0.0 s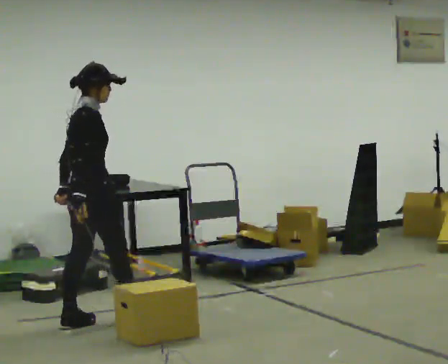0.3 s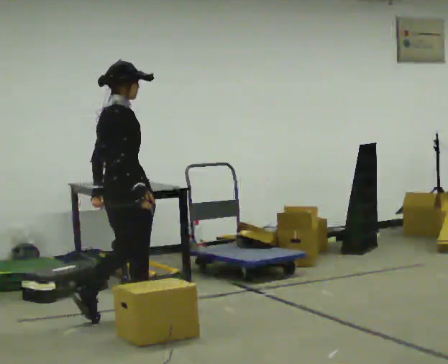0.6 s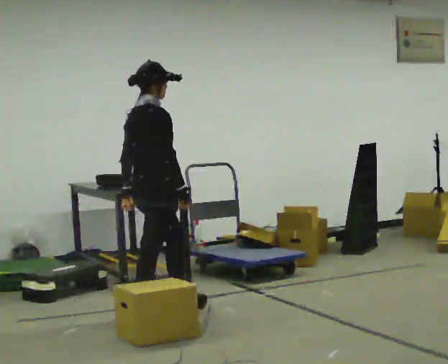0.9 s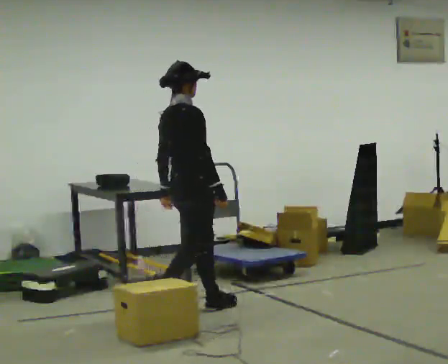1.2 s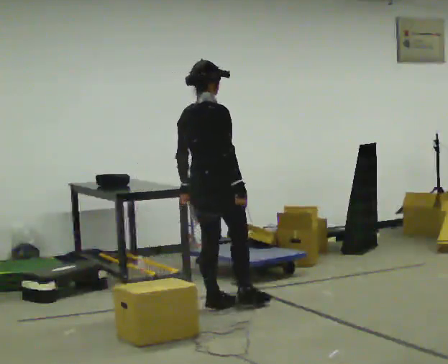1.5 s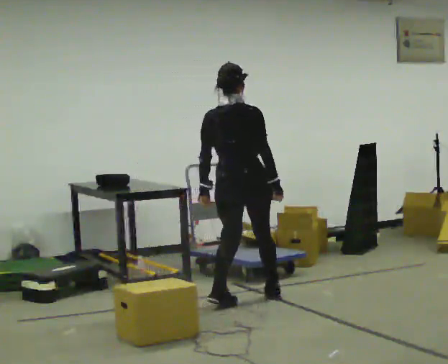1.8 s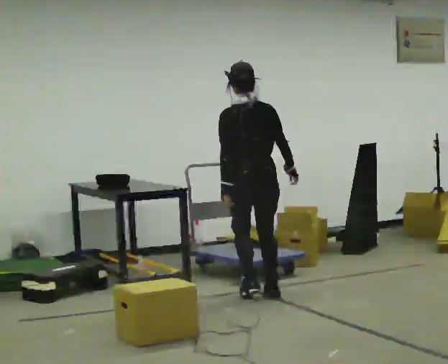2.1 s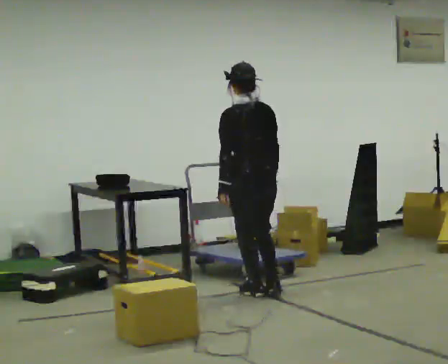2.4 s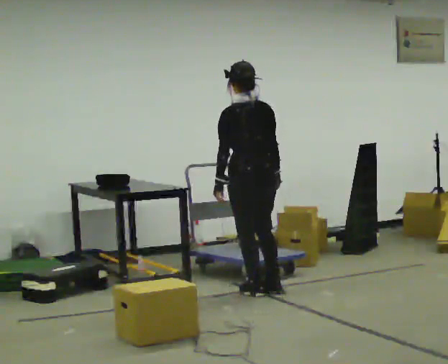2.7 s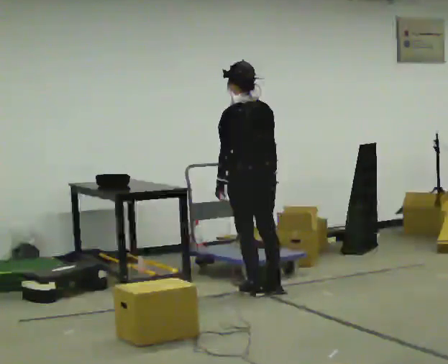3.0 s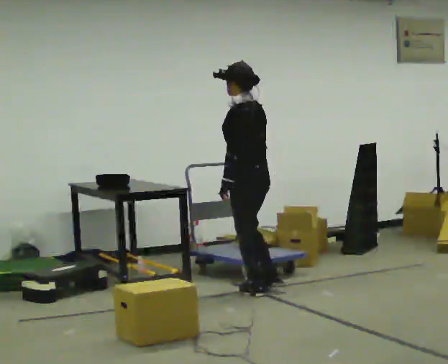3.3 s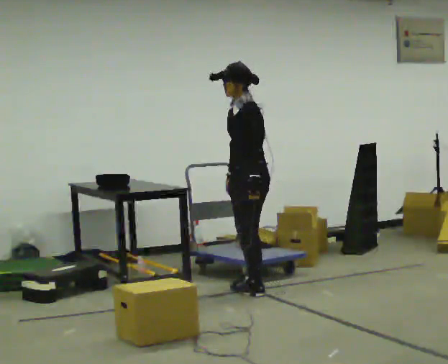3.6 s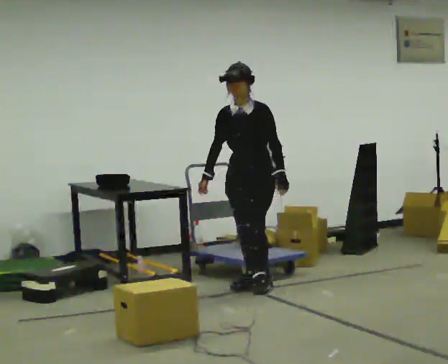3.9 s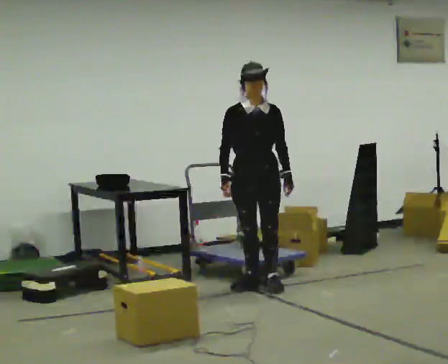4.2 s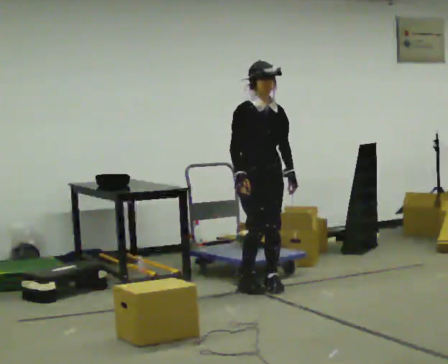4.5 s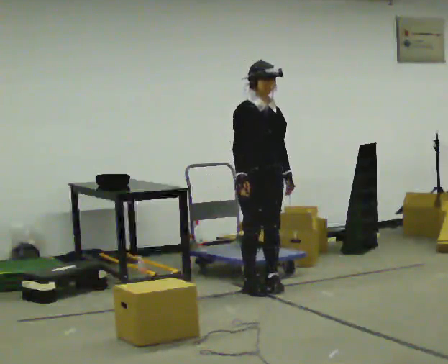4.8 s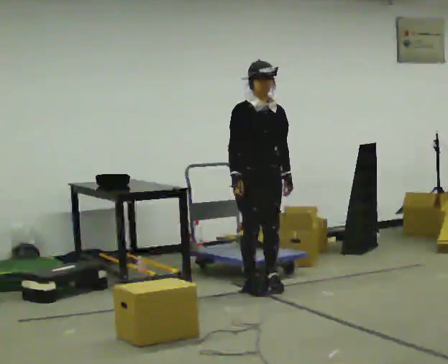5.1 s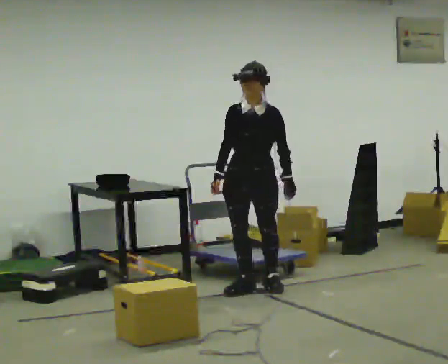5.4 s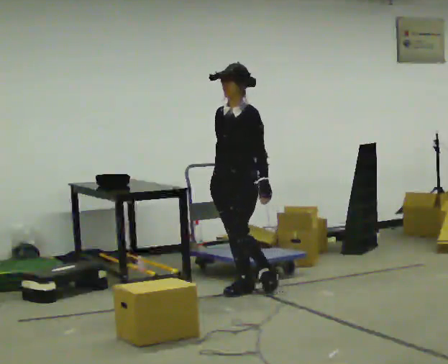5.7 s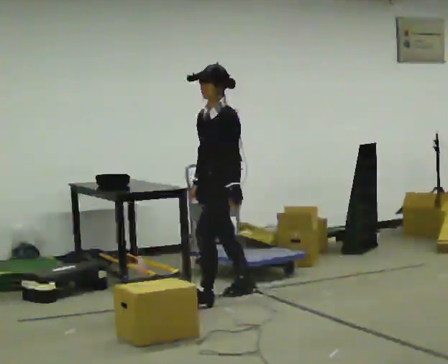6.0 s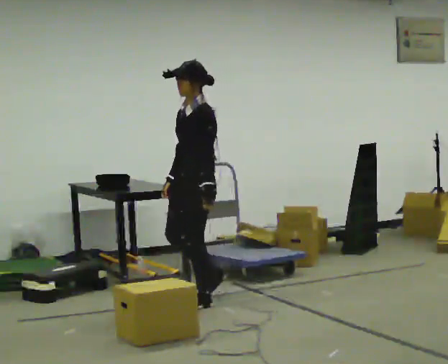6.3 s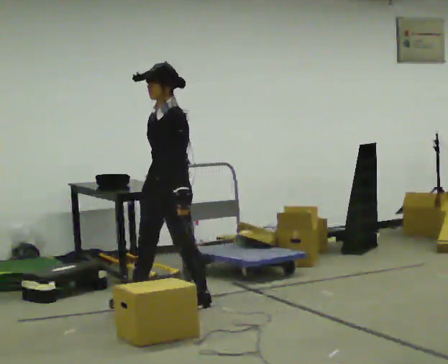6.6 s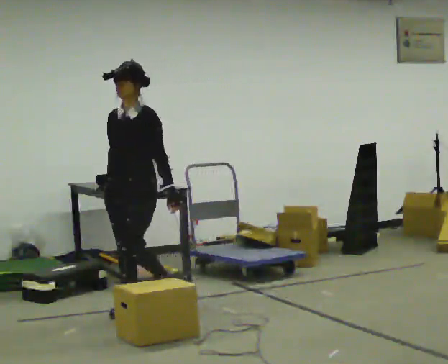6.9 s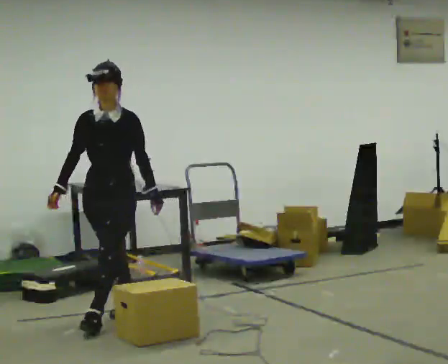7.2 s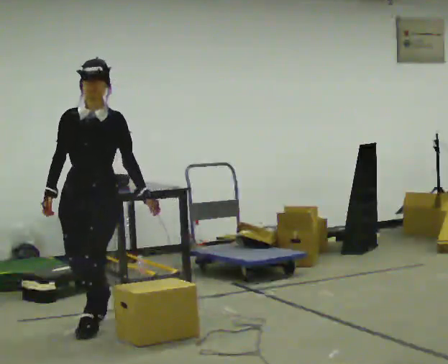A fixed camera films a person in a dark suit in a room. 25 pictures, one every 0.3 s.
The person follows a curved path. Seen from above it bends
counterclockwise.
0.0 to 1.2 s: In the picture they go to the right and away from the camera, about 1 m in 2 steps, which for them is forward.
1.2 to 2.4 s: The part of the body nearest the lens slides to the right as the person turns to their left by about 75 degrees. In the picture they go away from the camera and to the right, about 0.5 m in 3 steps.
2.4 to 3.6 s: The person turns about 120 degrees to their left, counterclockwise seen from above, so the part of the body nearest the lens slides to the right. In the picture they go away from the camera, about 0.25 m in 1 step. In the picture their right hand goes to the left, the arm swinging clockwise.
3.6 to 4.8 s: The part of the body nearest the lens slides to the right as the person turns to their left by about 45 degrees.
4.8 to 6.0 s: The part of the body nearest the lens slides to the left as the person turns to their right by about 90 degrees. In the picture they go to the left and toward the camera, about 0.5 m in 1 step.
6.0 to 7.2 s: The person turns about 45 degrees to their left, counterclockwise seen from above, so the part of the body nearest the lens slides to the right. In the picture they go toward the camera and to the left, about 1 m in 2 steps, which for them is forward.
The film runs forward here.
